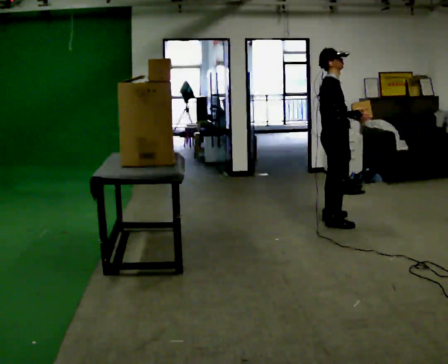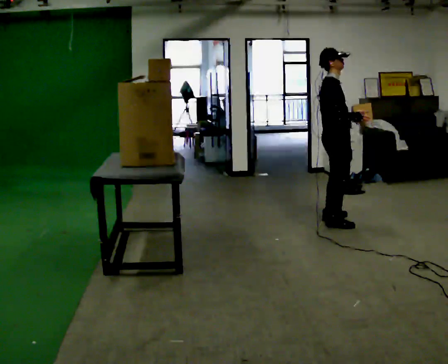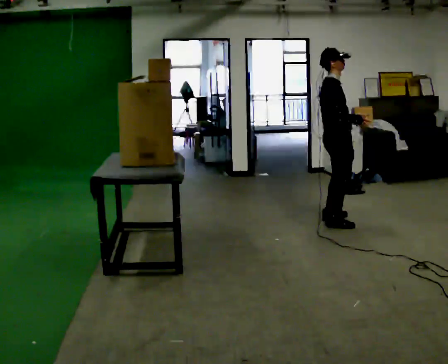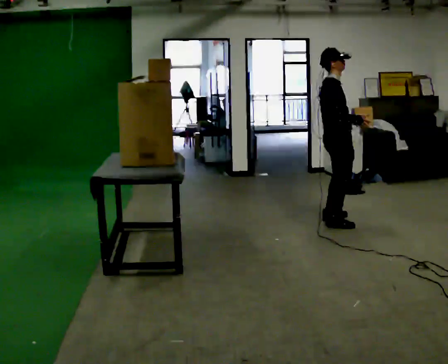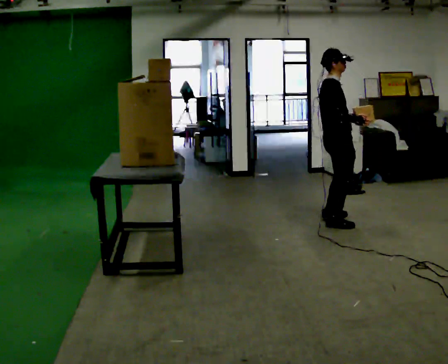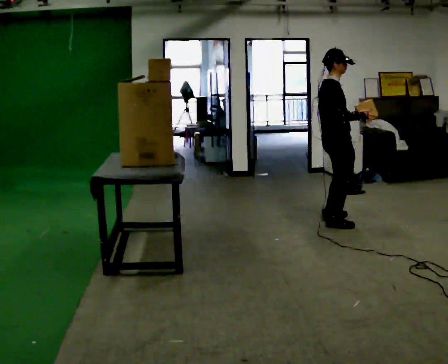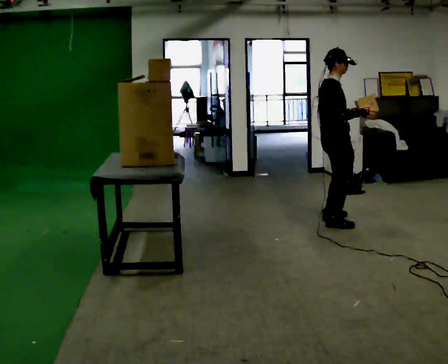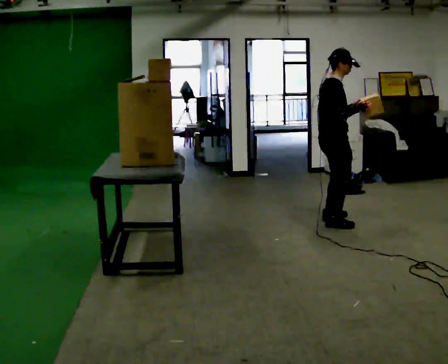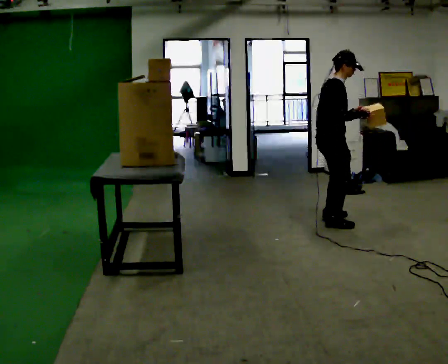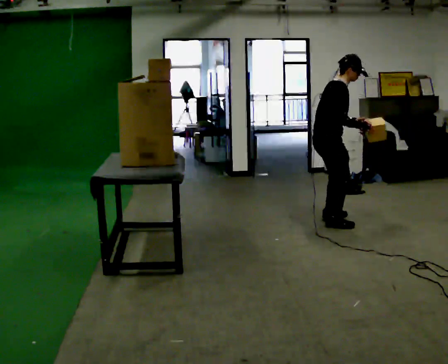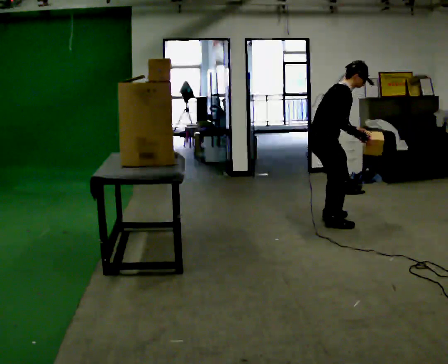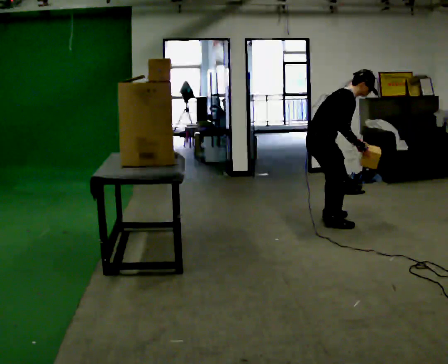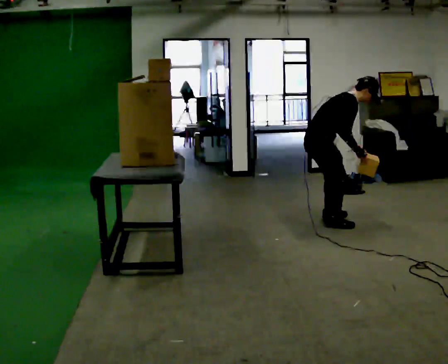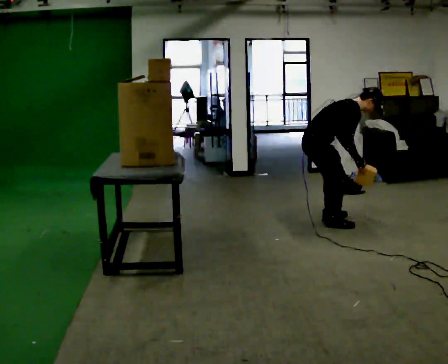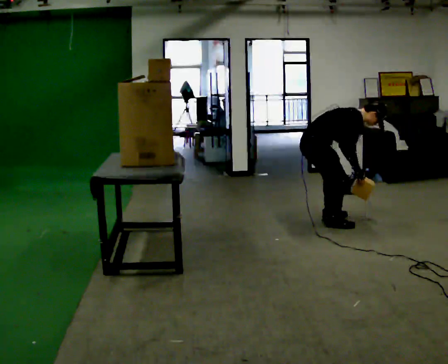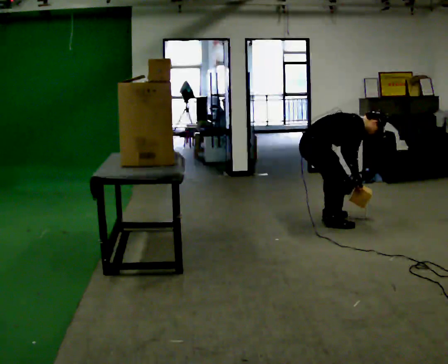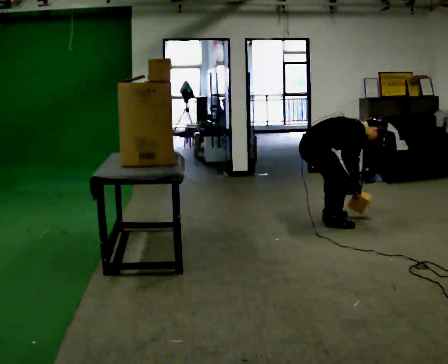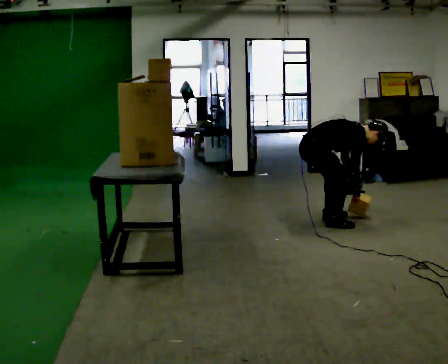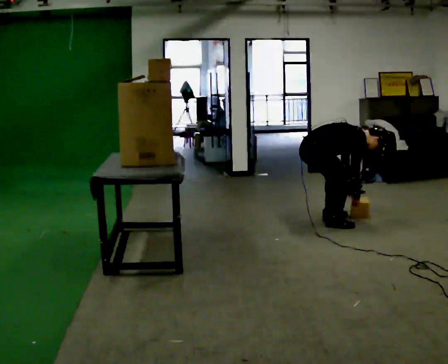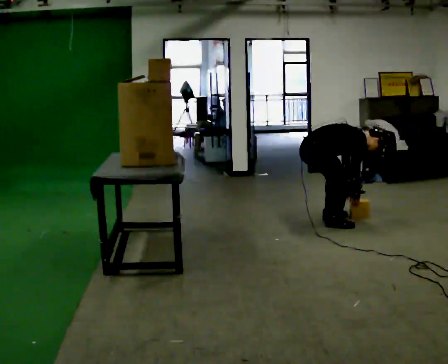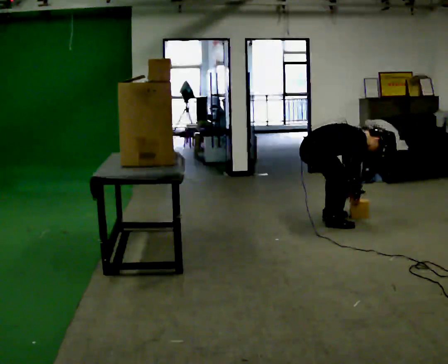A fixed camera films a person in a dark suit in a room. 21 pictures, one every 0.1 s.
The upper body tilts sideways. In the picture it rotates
clockwise.
Their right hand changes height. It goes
downward.
0.0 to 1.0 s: In the picture the upper body tilts clockwise, shoulders to the right, as they bend forward.
1.0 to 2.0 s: The shoulders move downward. In the picture the upper body tilts clockwise, shoulders to the right, as they bend forward. In the picture their right hand goes downward.
The film runs backward here.
